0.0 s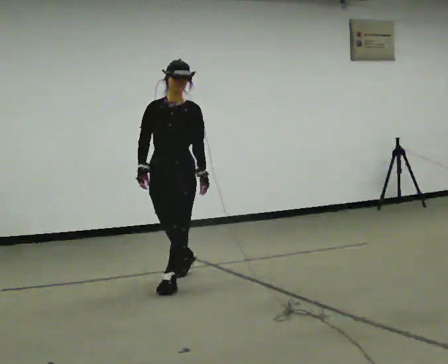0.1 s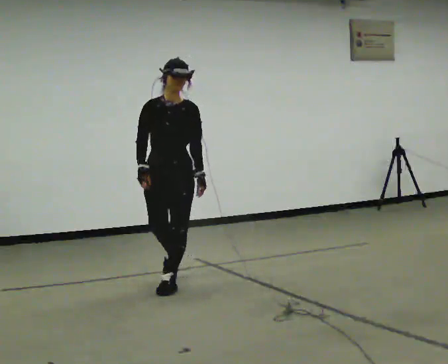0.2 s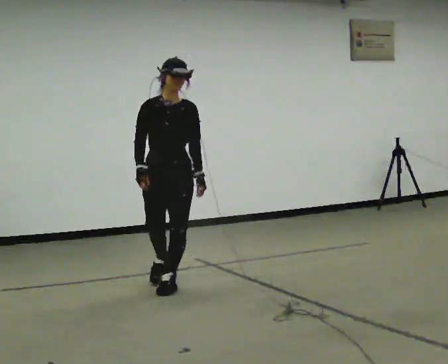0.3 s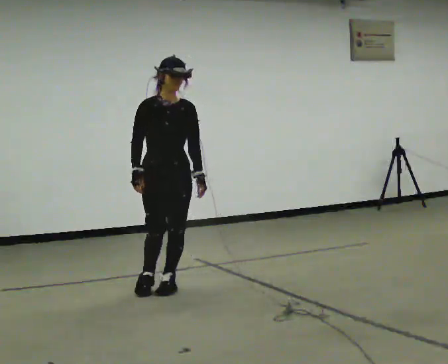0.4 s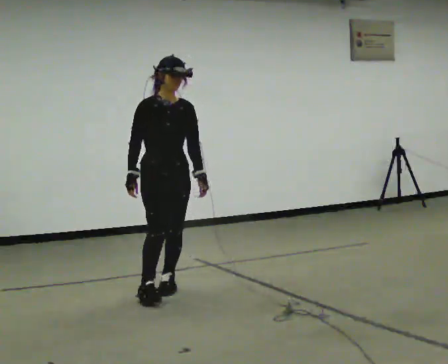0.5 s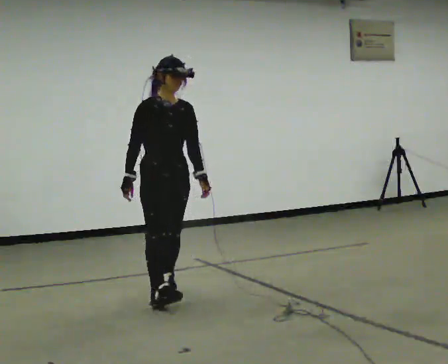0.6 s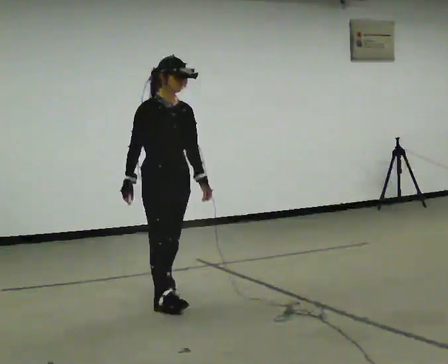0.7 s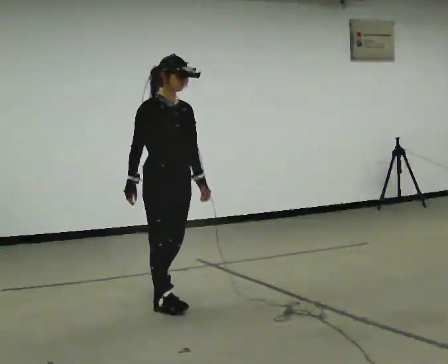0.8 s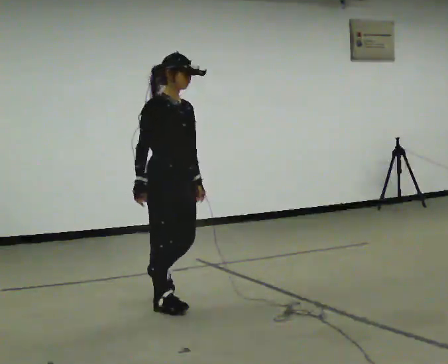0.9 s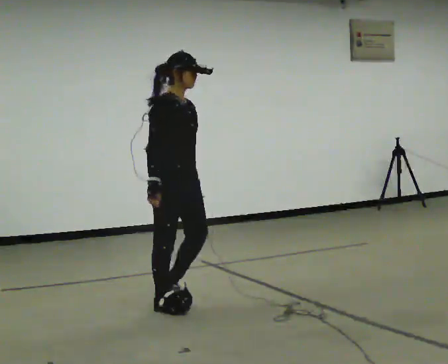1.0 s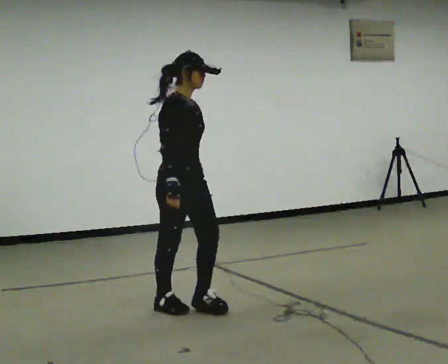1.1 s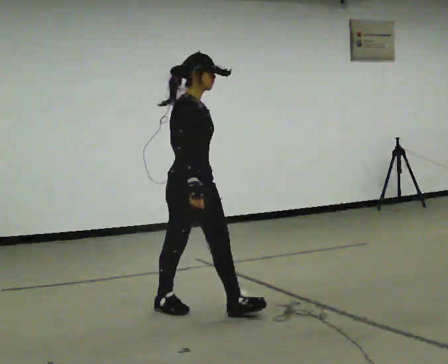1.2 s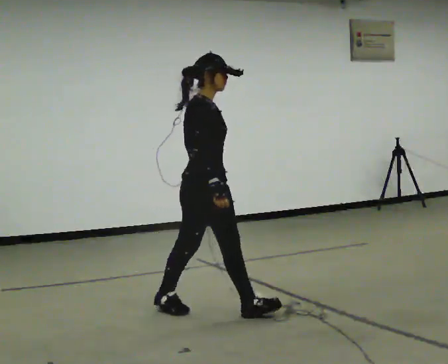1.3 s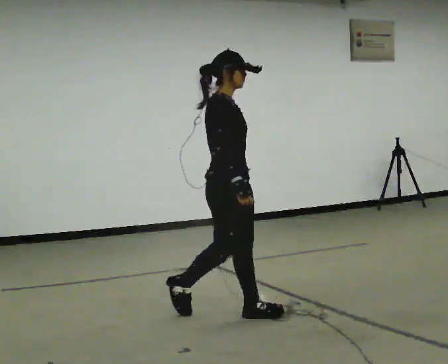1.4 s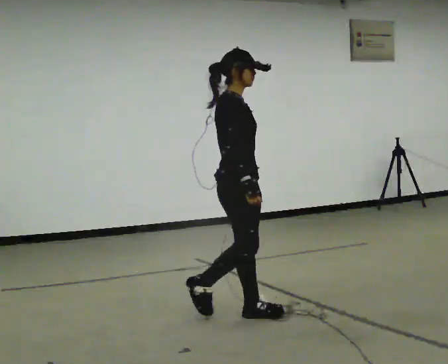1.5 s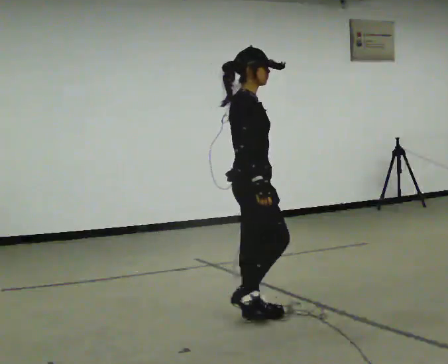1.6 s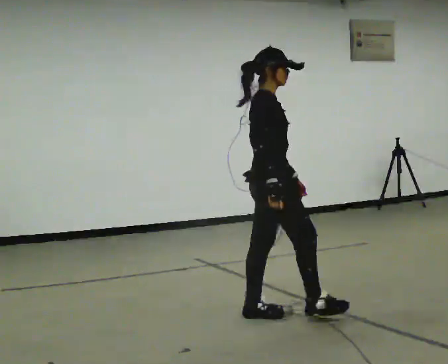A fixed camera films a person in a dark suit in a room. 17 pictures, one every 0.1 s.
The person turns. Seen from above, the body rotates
counterclockwise.
The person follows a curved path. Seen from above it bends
counterclockwise.
0.0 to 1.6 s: The person turns about 105 degrees to their left, counterclockwise seen from above, so the part of the body nearest the lens slides to the right. In the picture they go toward the camera and to the right, about 1 m in 2 steps.
The film runs forward here.
